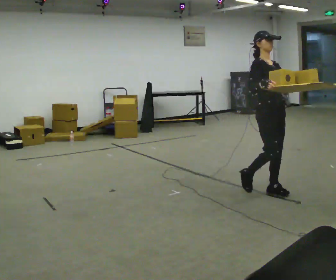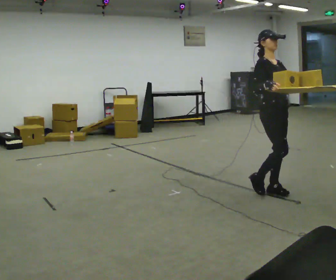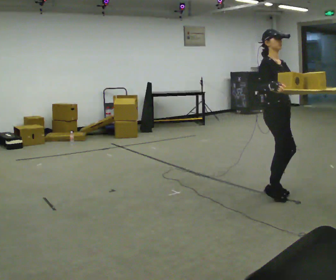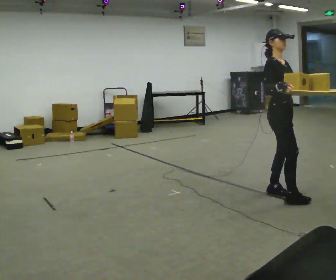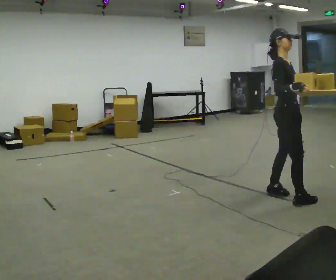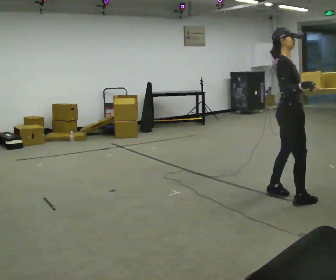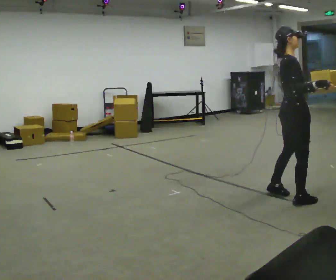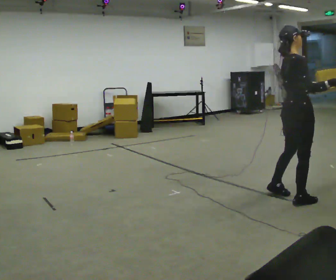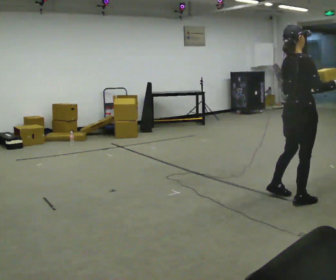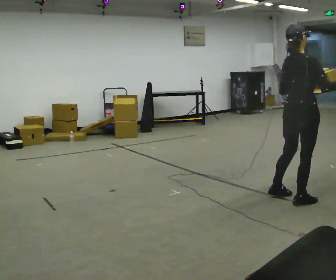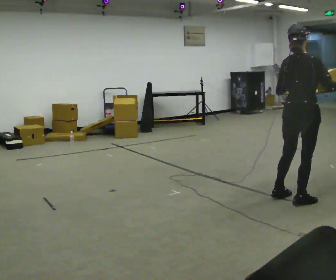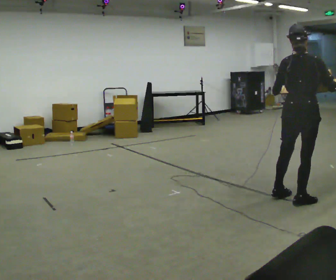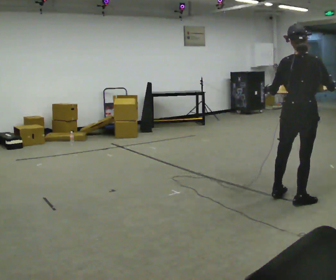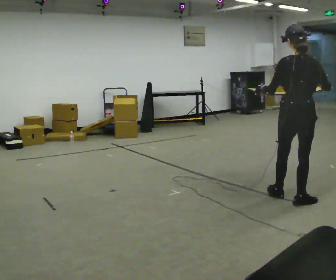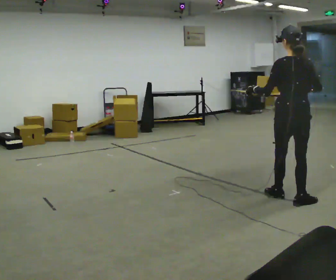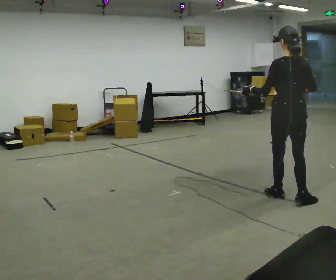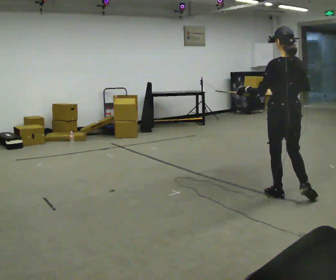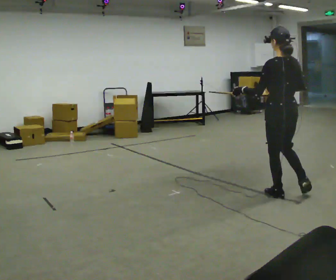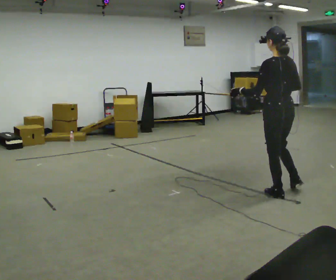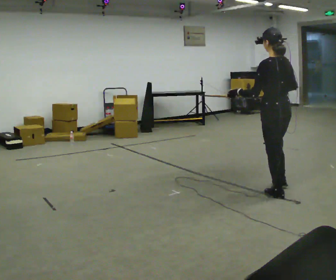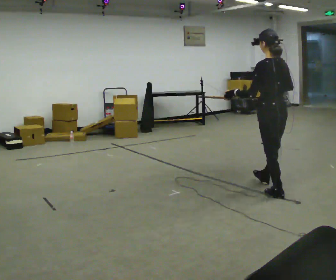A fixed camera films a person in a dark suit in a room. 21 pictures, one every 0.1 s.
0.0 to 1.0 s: The person turns about 105 degrees to their left, counterclockwise seen from above, so the part of the body nearest the lens slides to the right. In the picture they go toward the camera and to the right, about 0.5 m in 2 steps.
1.0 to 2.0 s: The person turns about 60 degrees to their left, counterclockwise seen from above, so the part of the body nearest the lens slides to the right. In the picture they go away from the camera and to the left, about 0.5 m.
The film runs forward here.
